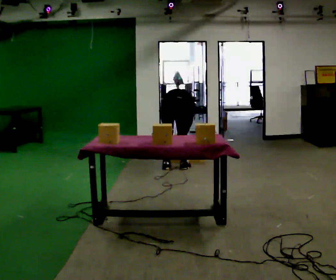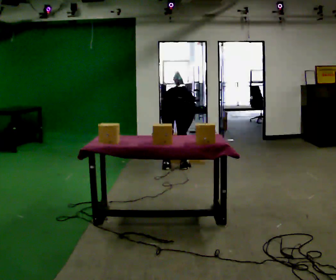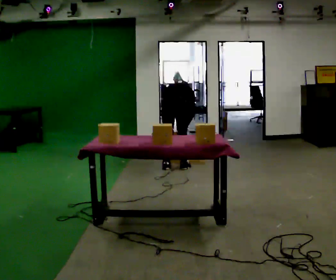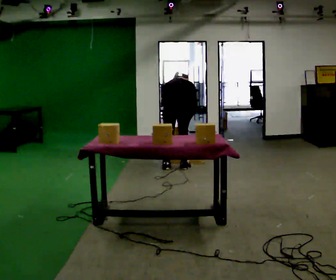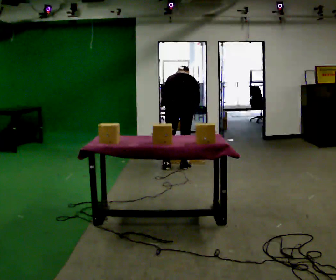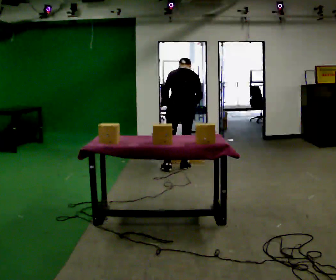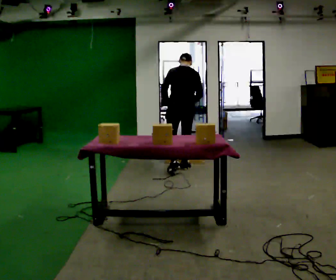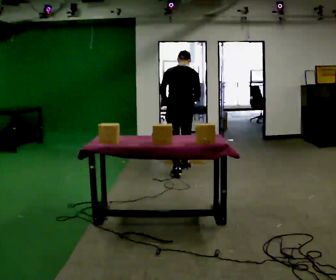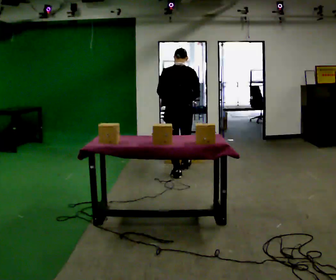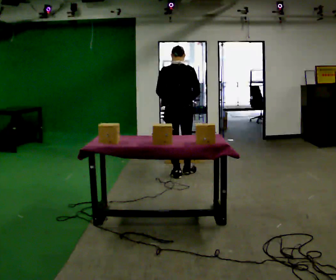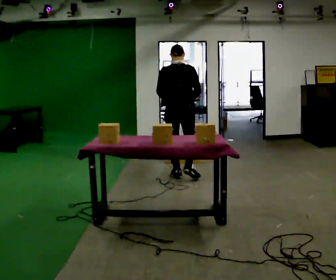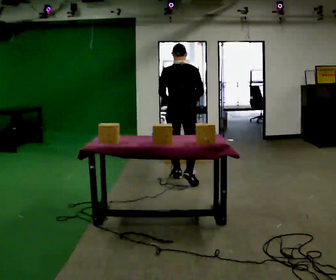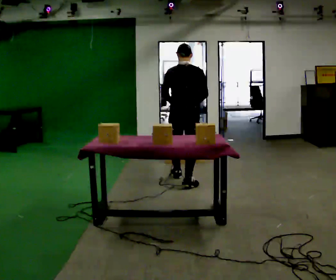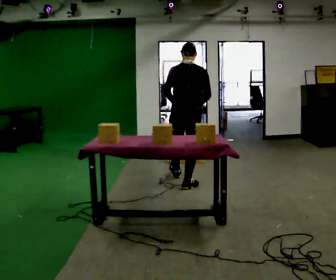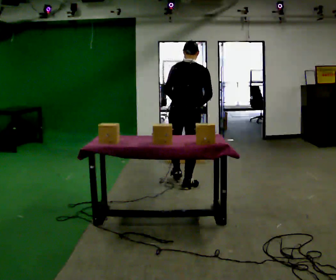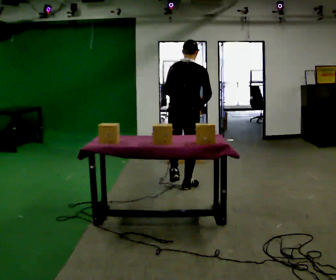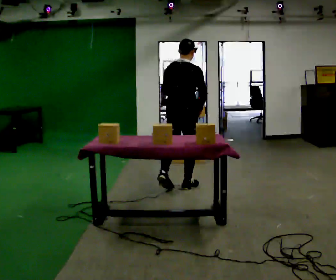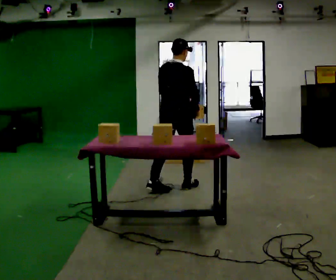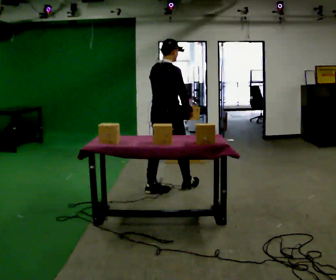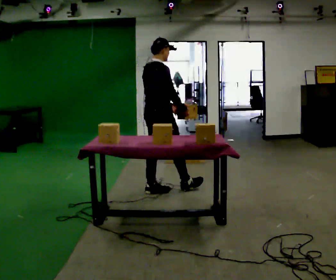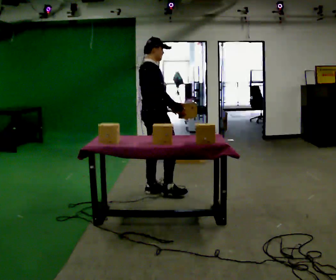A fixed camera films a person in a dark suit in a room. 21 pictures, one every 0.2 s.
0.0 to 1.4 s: The upper body goes upward. The upper body tips toward the camera, its near side rolling downward, as they lean back or straighten. In the picture their left hand goes upward.
1.4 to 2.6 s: In the picture they go toward the camera, about 0.75 m in 1 step, which for them is backward.
2.6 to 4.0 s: The person turns about 60 degrees to their right, clockwise seen from above, so the part of the body nearest the lens slides to the left. In the picture they go to the left and toward the camera, about 0.5 m in 2 steps.
The film runs backward here.
